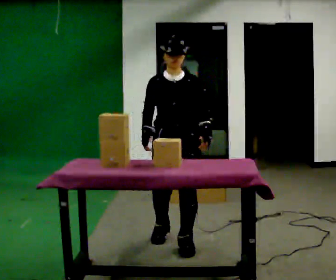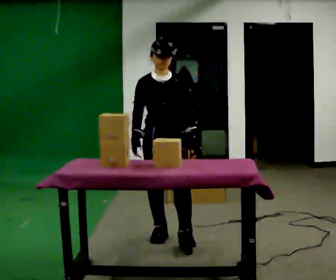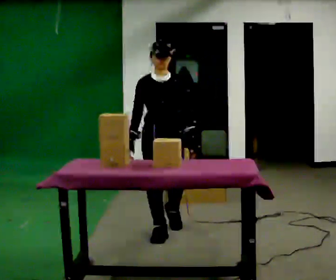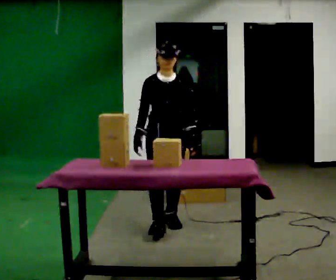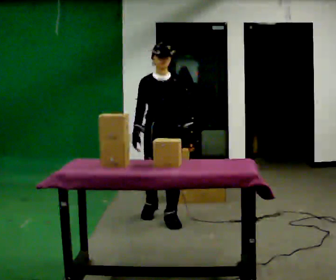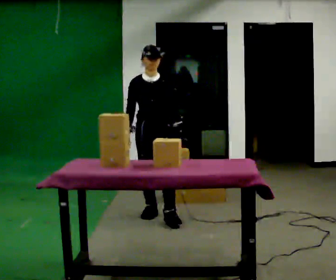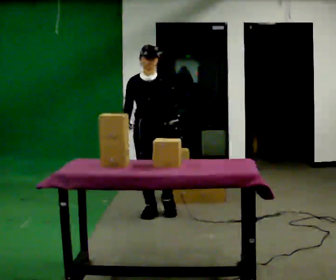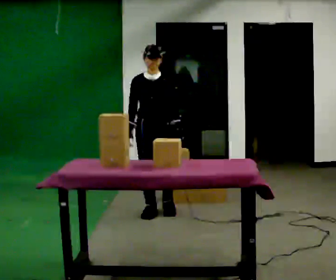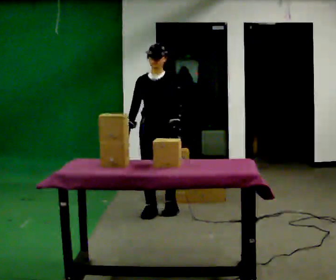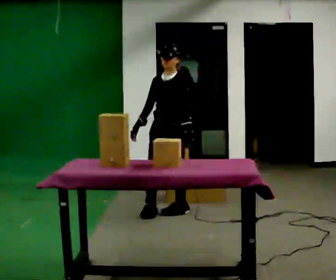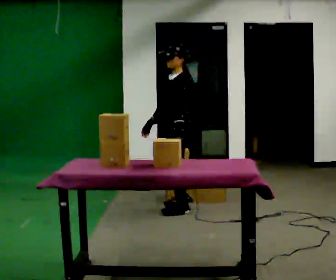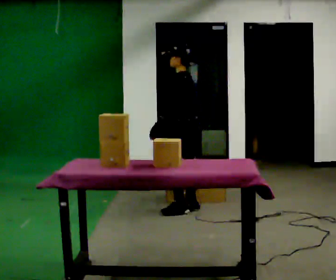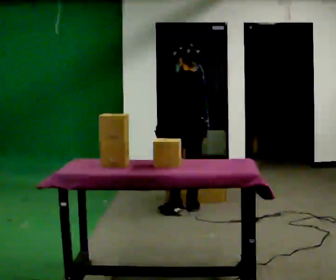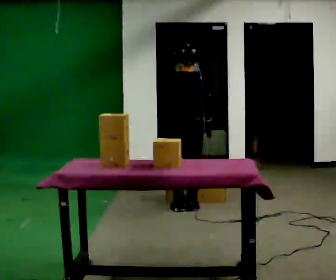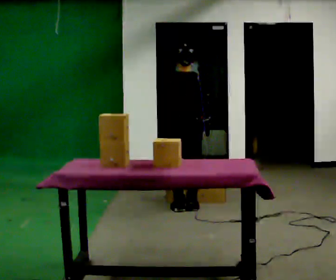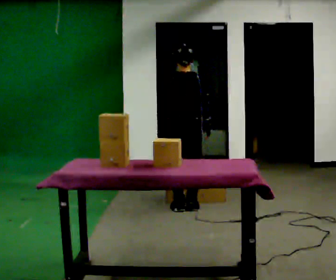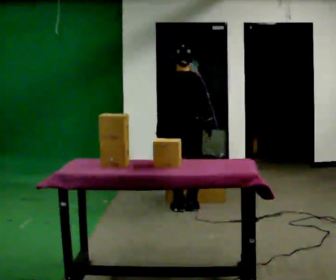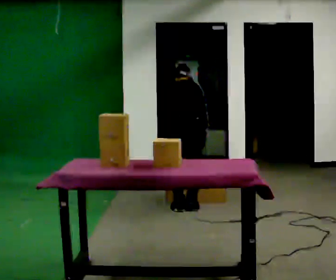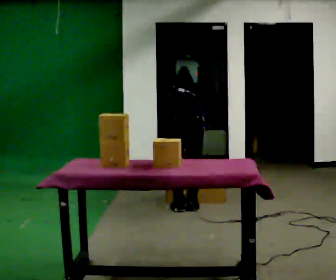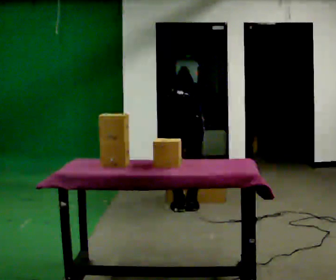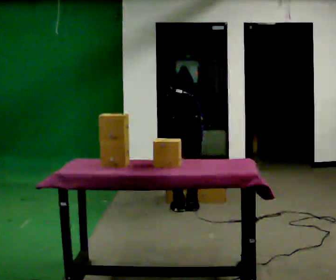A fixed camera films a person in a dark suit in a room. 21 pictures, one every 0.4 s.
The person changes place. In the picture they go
away from the camera.
The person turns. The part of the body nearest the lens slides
to the left.
0.0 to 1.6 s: In the picture they go away from the camera, about 0.5 m in 2 steps, which for them is backward.
1.6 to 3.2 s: In the picture they go away from the camera, about 0.25 m in 2 steps, which for them is backward.
3.2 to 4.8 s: The person turns about 135 degrees to their right, clockwise seen from above, so the part of the body nearest the lens slides to the left. In the picture they go to the right and away from the camera, about 0.25 m in 1 step.
4.8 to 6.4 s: The person moves a little, or ends about where they began.
6.4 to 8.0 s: The upper body goes downward. The upper body tips away from the camera, its near side rolling upward, as they bend forward.
The film runs backward here.
